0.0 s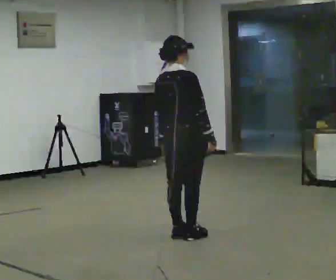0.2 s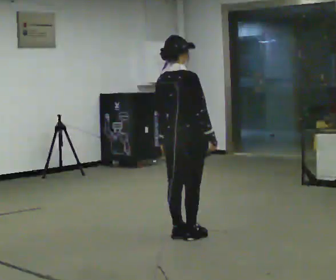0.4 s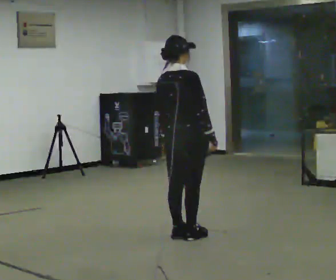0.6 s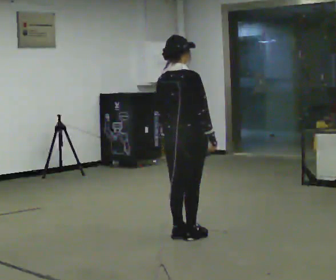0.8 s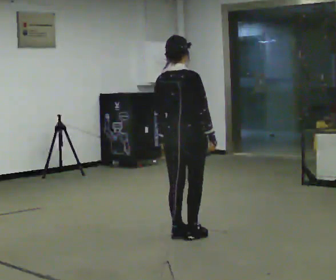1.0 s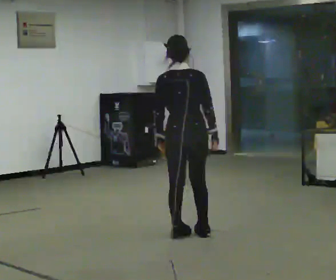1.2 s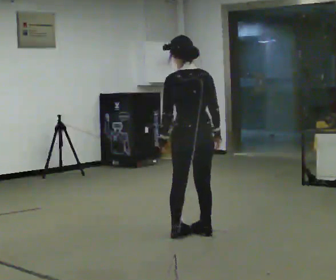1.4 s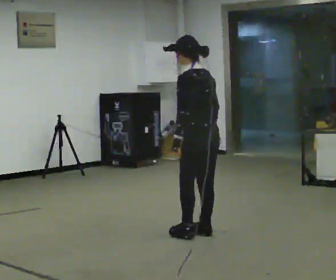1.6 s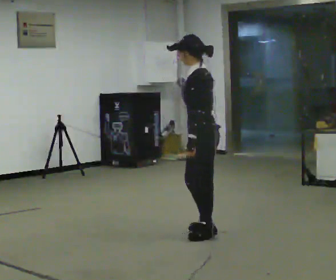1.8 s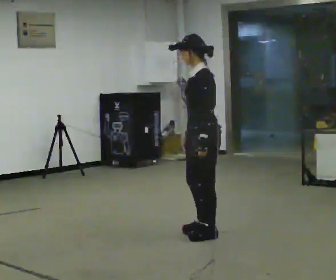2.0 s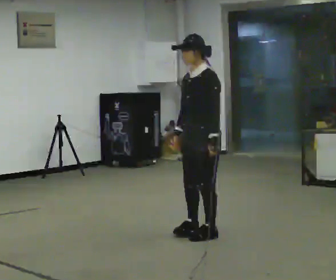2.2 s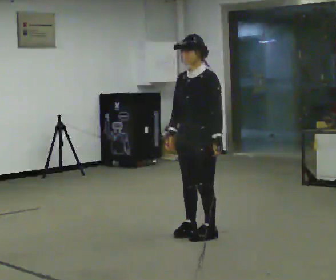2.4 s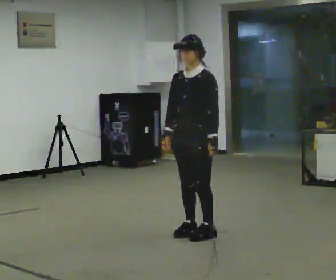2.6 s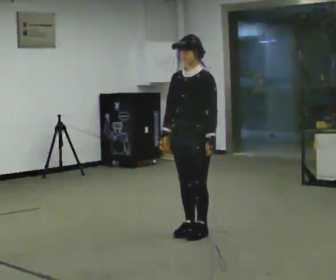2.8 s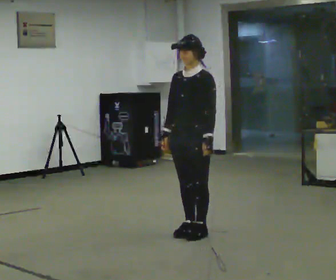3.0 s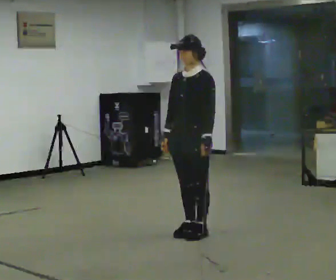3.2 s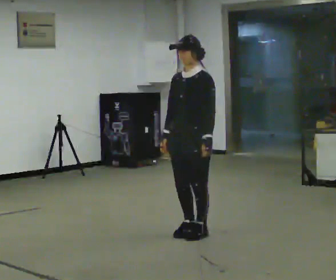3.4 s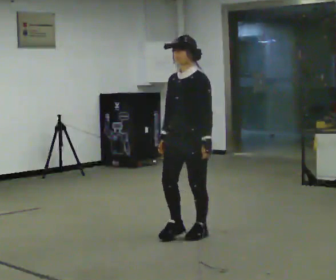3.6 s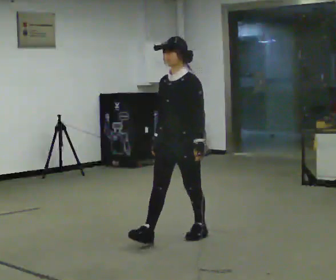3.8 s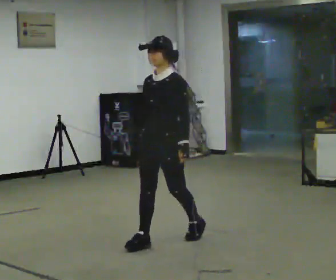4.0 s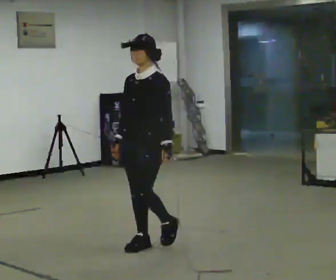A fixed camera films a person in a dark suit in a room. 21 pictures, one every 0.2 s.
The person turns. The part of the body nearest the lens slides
to the right.
The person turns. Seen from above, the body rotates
counterclockwise.
0.0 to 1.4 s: The part of the body nearest the lens slides to the right as the person turns to their left by about 90 degrees. In the picture they go to the right, about 0.25 m in 1 step.
1.4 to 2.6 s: Seen from above the body turns counterclockwise, about 90 degrees: to their left, with its near side sliding to the right. In the picture their right hand goes to the left, the arm swinging clockwise.
2.6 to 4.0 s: In the picture they go toward the camera and to the left, about 0.5 m in 1 step, which for them is forward.
The film runs forward here.
